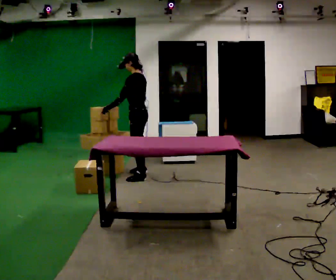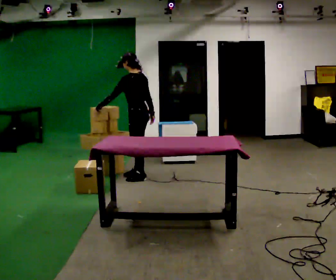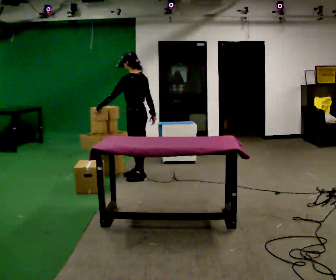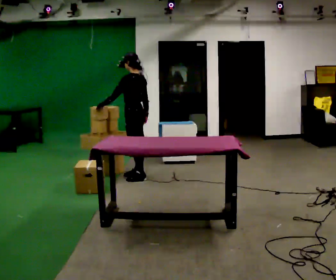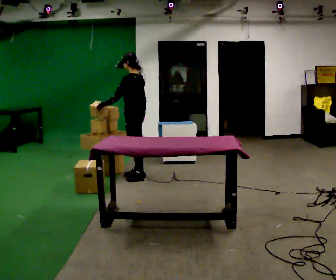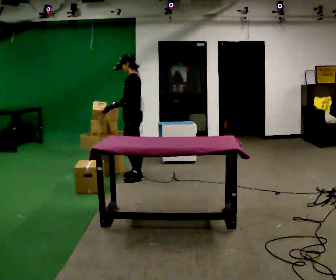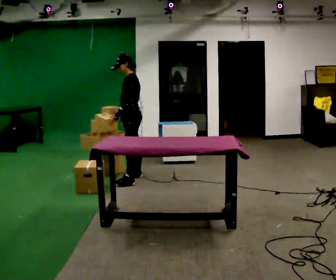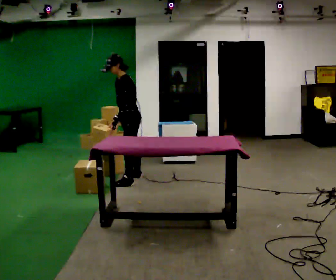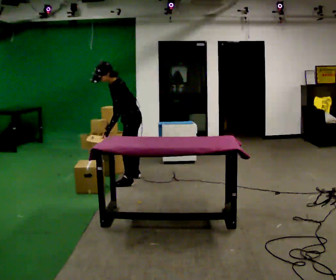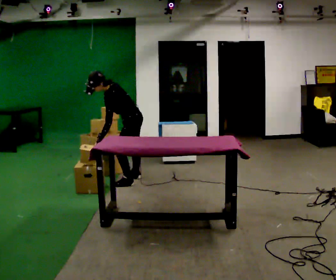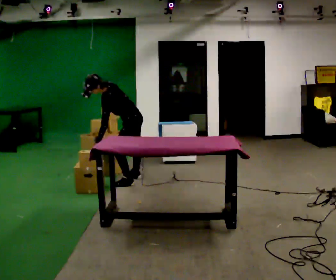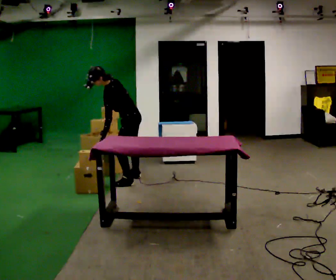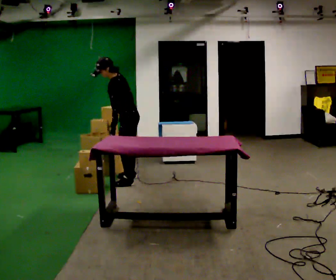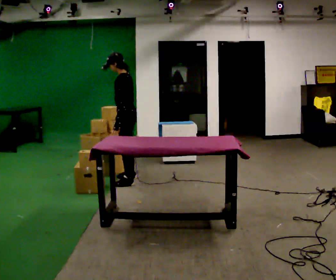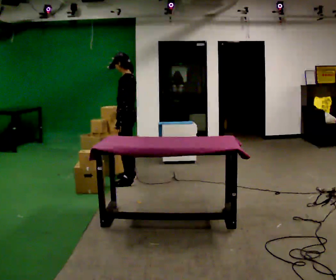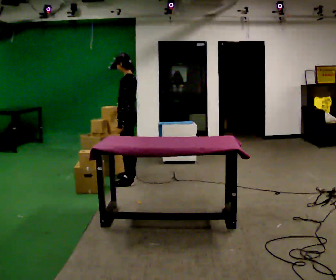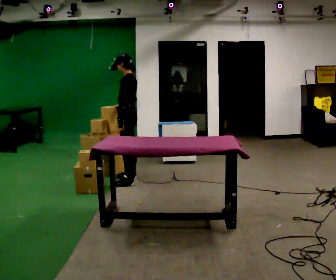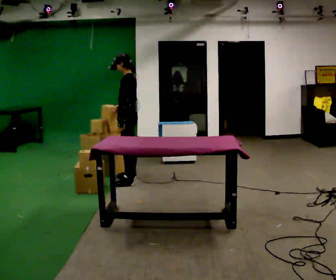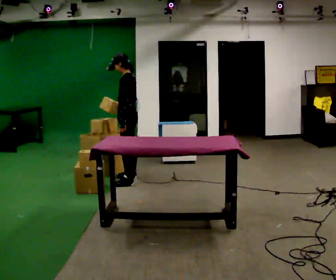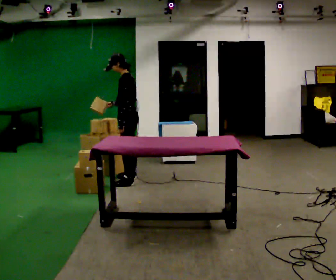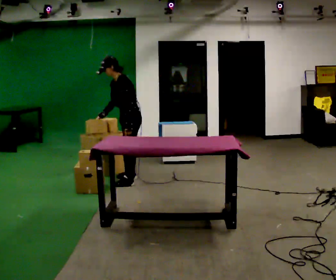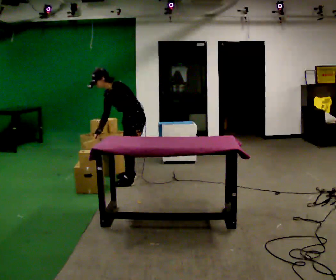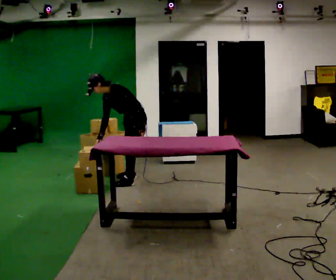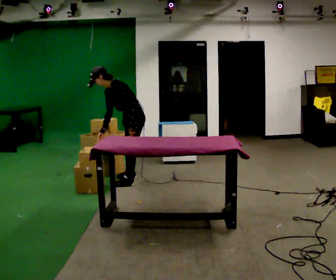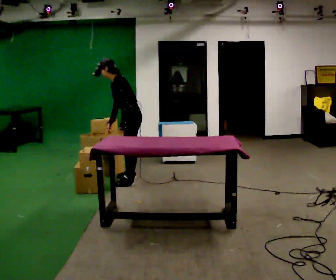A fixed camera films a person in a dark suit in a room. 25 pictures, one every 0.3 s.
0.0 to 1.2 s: The person moves a little, or ends about where they began.
1.2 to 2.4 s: In the picture they go toward the camera, about 0.25 m in 1 step, which for them is to their left. In the picture the upper body tilts counterclockwise, shoulders to the left, as they bend forward. In the picture their left hand goes downward.
2.4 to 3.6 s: The person moves a little, or ends about where they began.
3.6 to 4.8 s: In the picture they go away from the camera, about 0.25 m, which for them is to their right. In the picture the upper body tilts clockwise, shoulders to the right, as they lean back or straighten.
4.8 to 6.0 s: In the picture they go toward the camera, about 0.25 m, which for them is to their left. In the picture the upper body tilts counterclockwise, shoulders to the left, as they bend forward.
6.0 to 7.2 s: The person moves a little, or ends about where they began.
The film runs forward here.
